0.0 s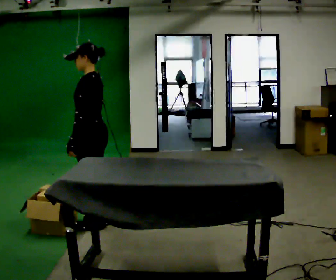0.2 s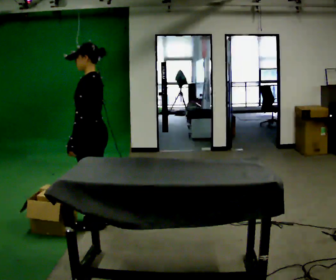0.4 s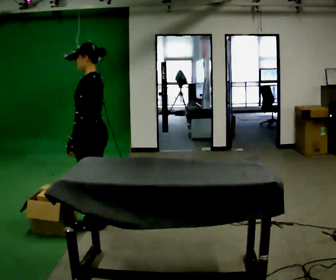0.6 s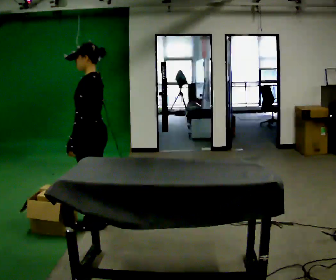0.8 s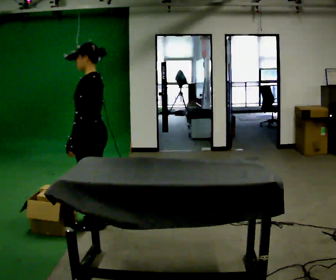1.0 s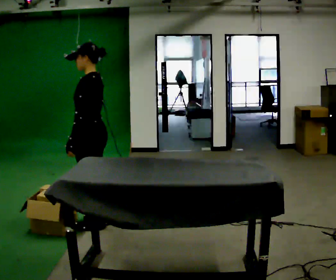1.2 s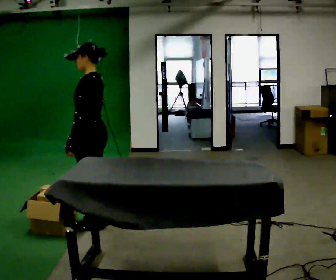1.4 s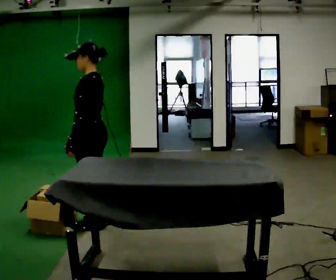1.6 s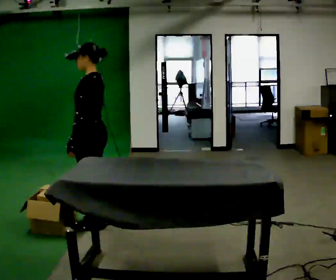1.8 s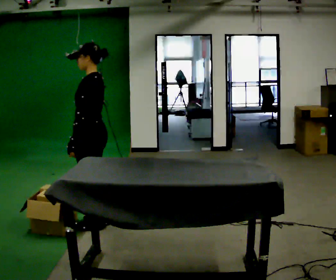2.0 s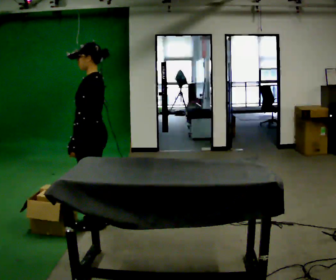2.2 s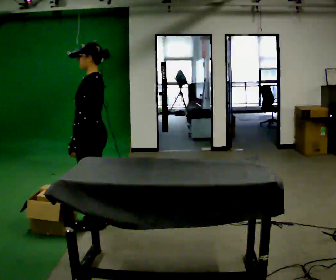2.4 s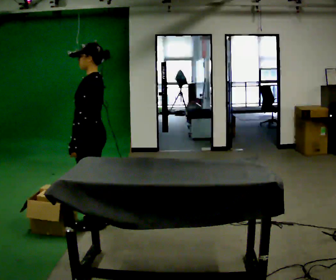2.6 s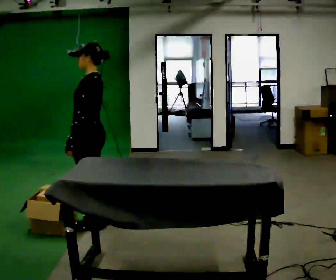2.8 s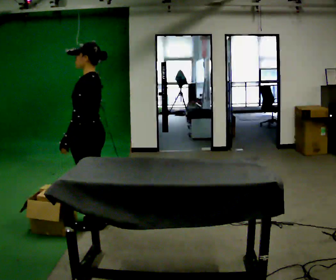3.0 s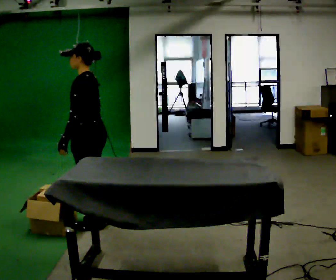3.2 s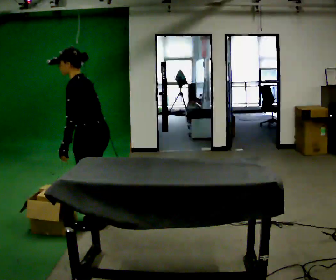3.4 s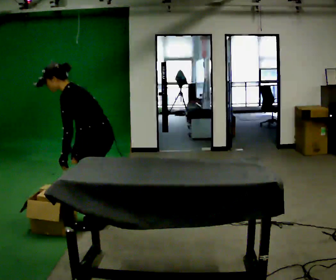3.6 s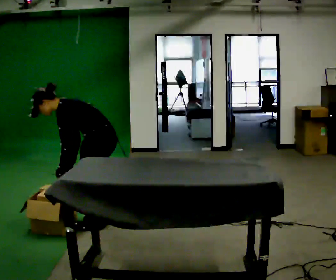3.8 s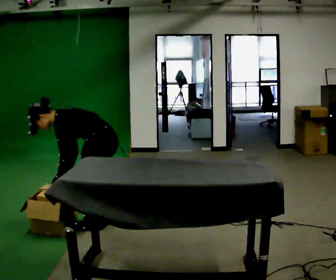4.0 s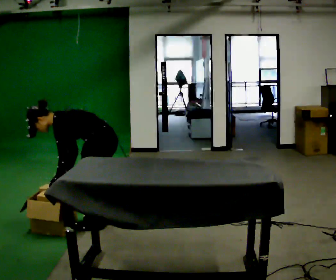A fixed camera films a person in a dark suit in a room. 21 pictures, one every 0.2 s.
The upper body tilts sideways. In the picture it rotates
counterclockwise.
The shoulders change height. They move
downward.
0.0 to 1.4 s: The person keeps their place and pose.
1.4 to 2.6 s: The person moves a little, or ends about where they began.
2.6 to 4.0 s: The shoulders move downward. In the picture the upper body tilts counterclockwise, shoulders to the left, as they bend forward. In the picture their left hand goes downward.
The film runs backward here.
